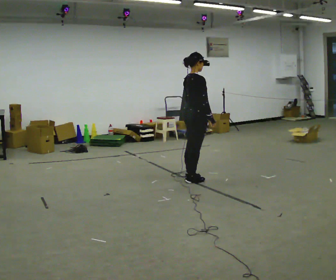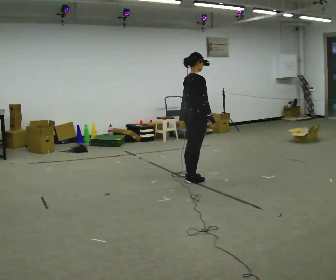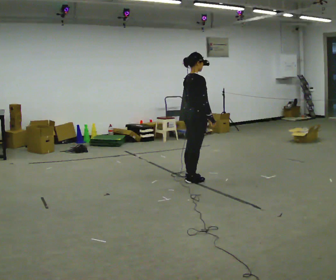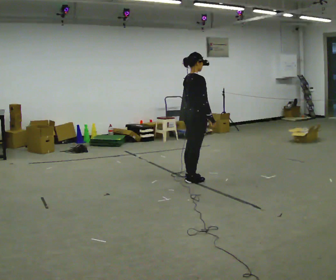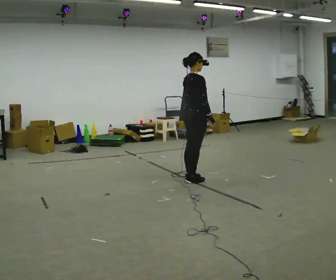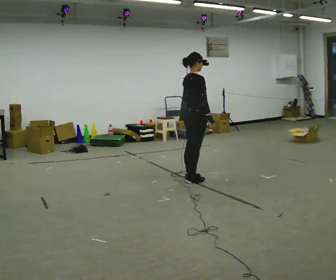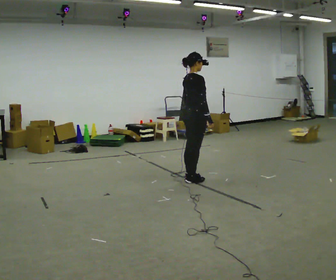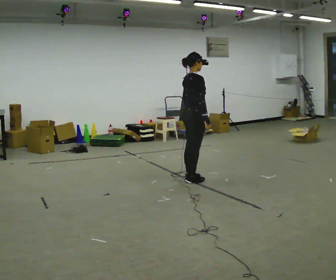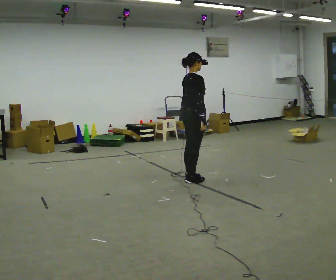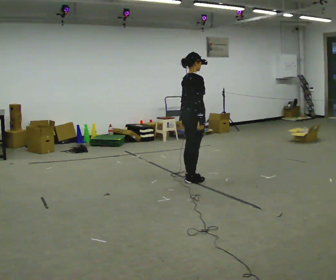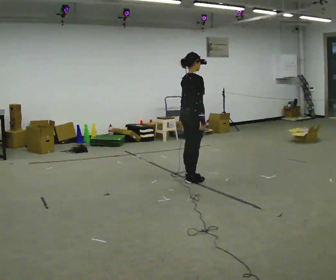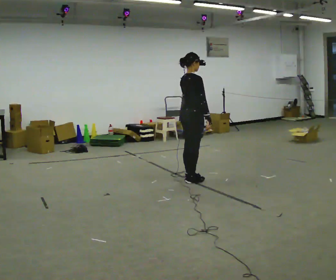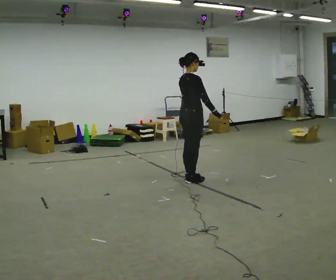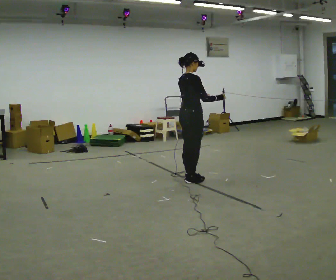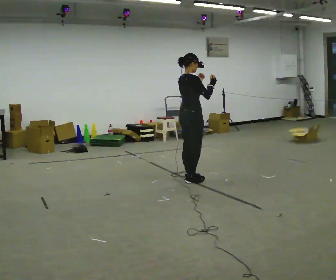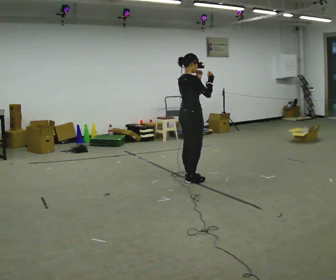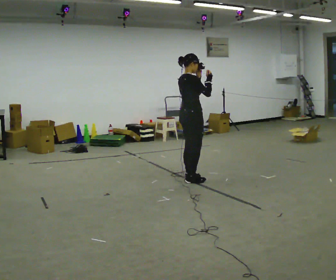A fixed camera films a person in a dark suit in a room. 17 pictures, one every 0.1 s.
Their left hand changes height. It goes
upward.
Their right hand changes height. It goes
upward.
0.0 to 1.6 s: In the picture their left hand goes upward.
The film runs backward here.
